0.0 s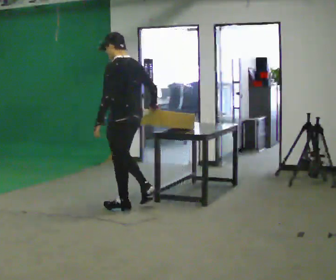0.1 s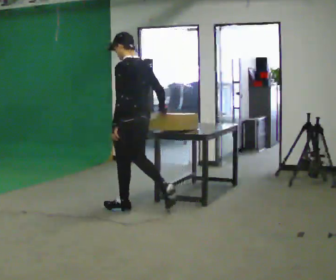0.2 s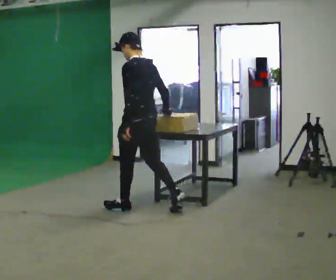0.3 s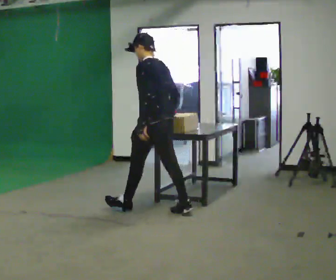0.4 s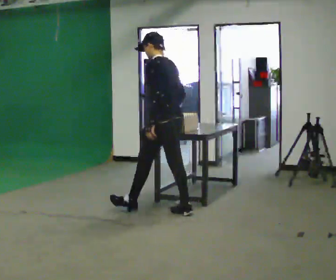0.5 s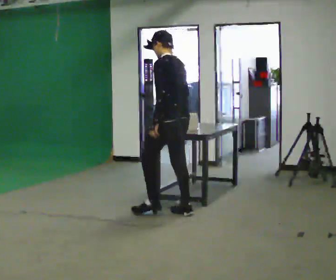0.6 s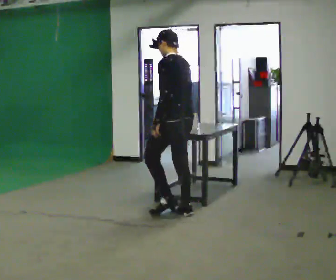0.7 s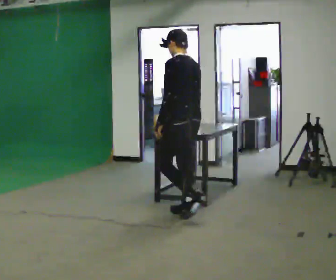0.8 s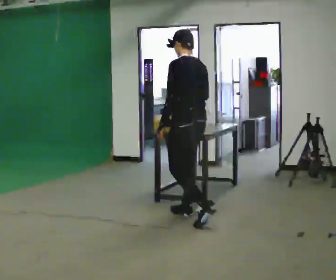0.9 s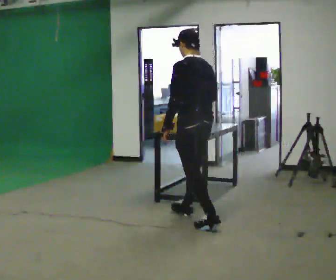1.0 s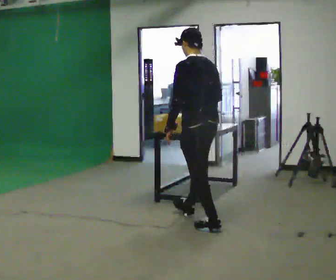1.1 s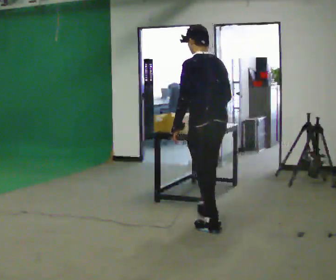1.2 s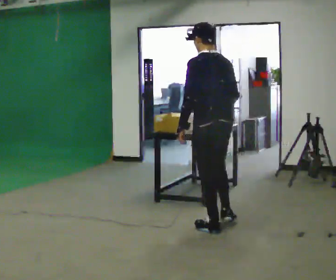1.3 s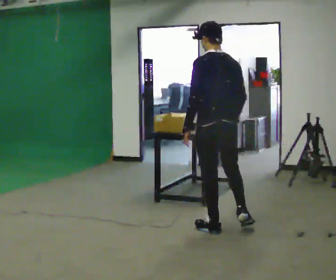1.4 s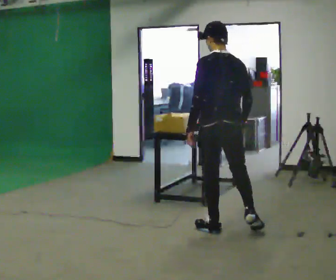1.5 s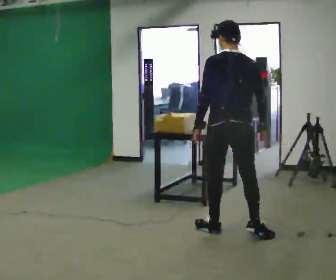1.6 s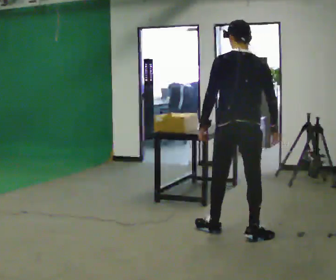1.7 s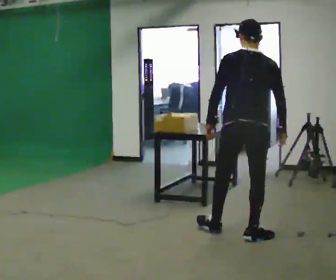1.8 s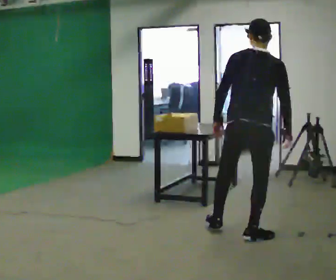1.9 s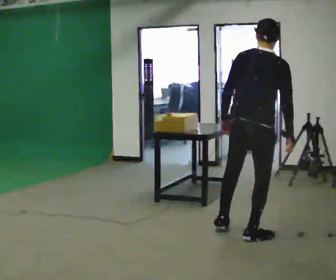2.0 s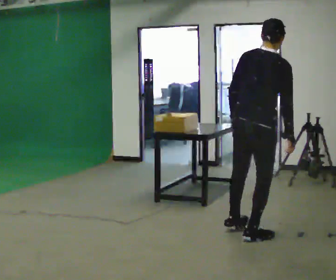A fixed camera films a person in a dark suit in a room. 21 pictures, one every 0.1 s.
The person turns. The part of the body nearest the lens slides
to the left.
The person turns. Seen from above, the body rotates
clockwise.
0.0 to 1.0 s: In the picture they go to the right and toward the camera, about 1 m in 2 steps, which for them is backward.
1.0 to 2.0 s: The part of the body nearest the lens slides to the left as the person turns to their right by about 90 degrees. In the picture they go to the right and toward the camera, about 0.5 m in 1 step. In the picture the upper body tilts clockwise, shoulders to the right.
The film runs backward here.
